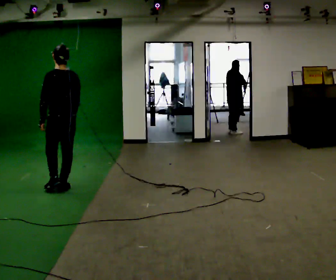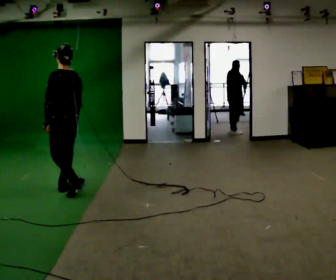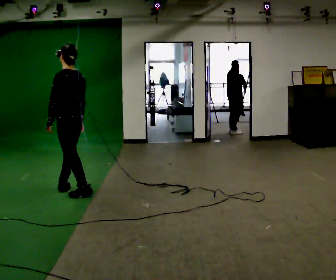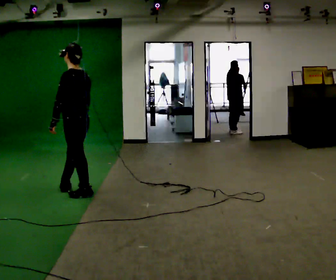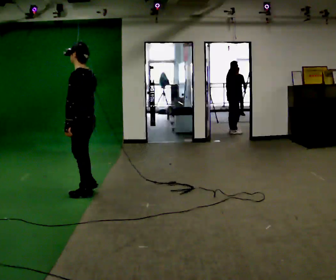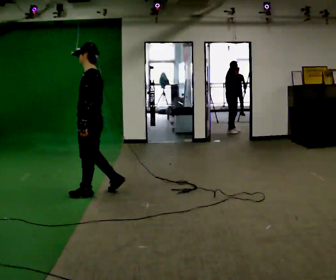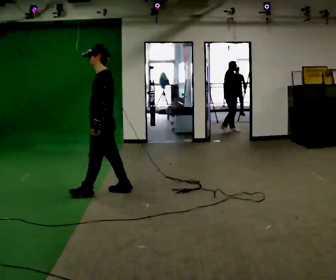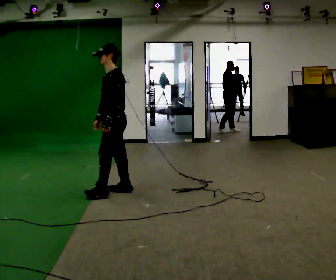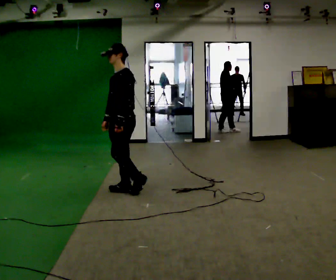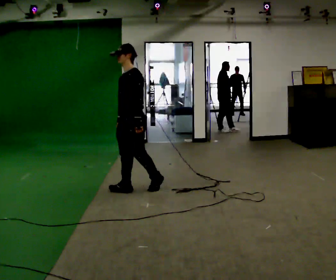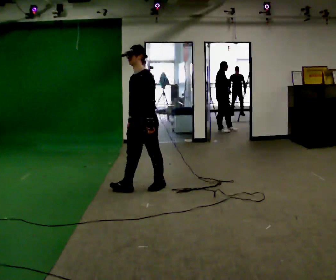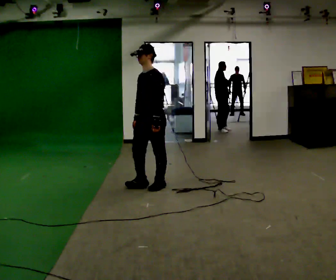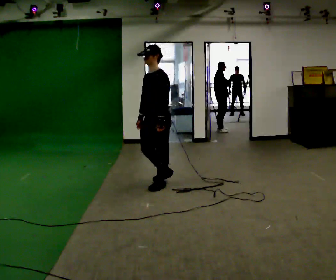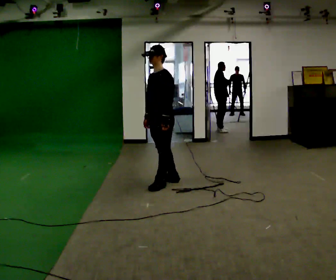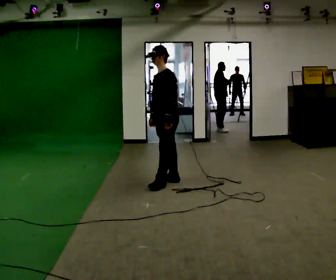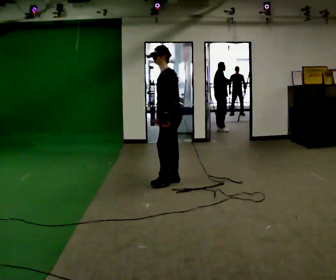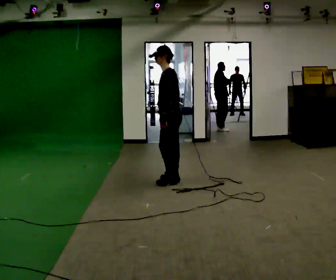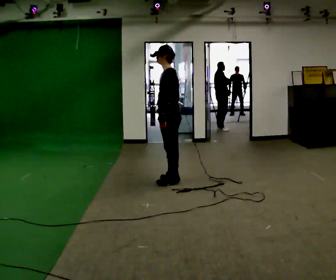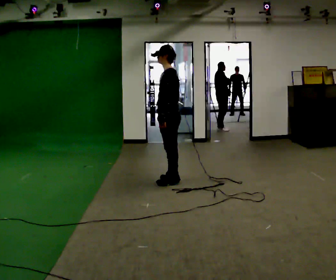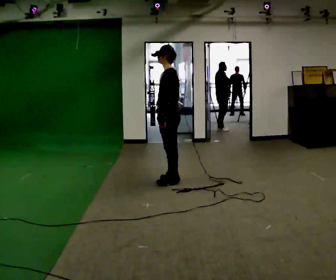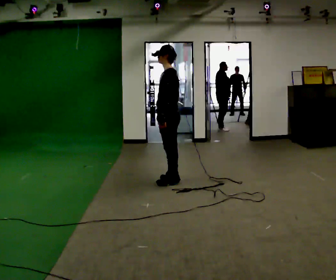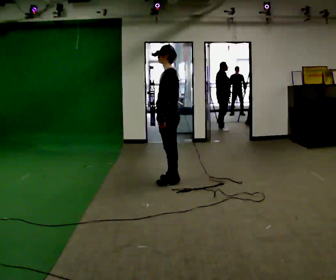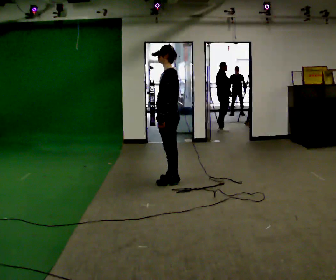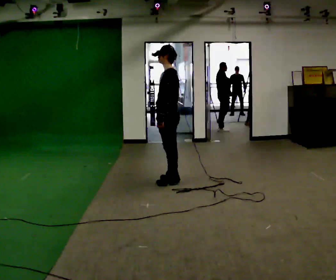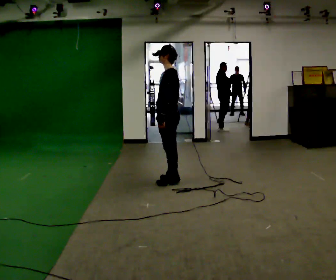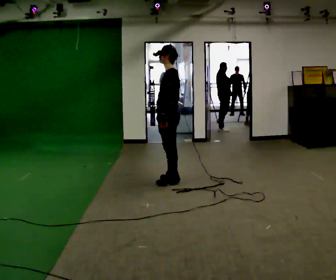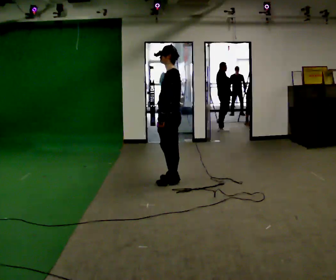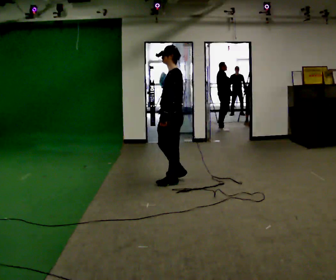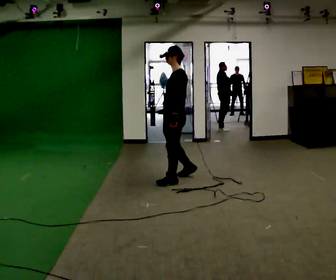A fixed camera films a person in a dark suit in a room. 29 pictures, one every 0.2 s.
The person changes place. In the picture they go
to the right.
The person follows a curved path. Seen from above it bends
counterclockwise.
0.0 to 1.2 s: Seen from above the body turns counterclockwise, about 60 degrees: to their left, with its near side sliding to the right. In the picture they go to the right, about 0.5 m in 1 step.
1.2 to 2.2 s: The person turns about 30 degrees to their left, counterclockwise seen from above, so the part of the body nearest the lens slides to the right. In the picture they go to the right and away from the camera, about 0.5 m in 2 steps, which for them is backward.
2.2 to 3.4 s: The person turns about 45 degrees to their right, clockwise seen from above, so the part of the body nearest the lens slides to the left. In the picture they go away from the camera and to the right, about 0.25 m in 1 step, which for them is backward.
3.4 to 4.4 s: The person keeps their place and pose.
4.4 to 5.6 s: The person moves a little, or ends about where they began.
The film runs backward here.
